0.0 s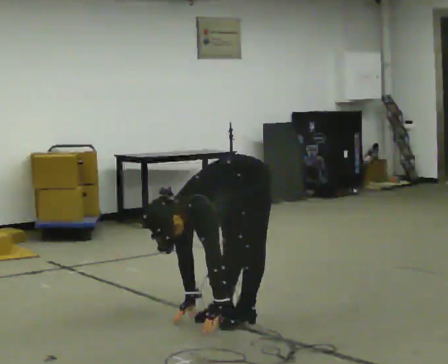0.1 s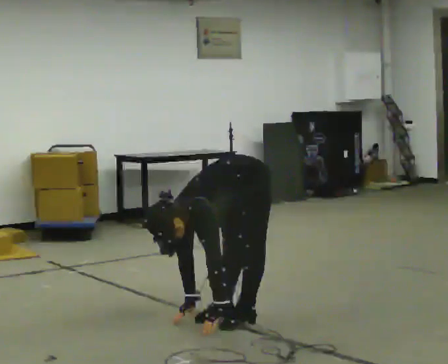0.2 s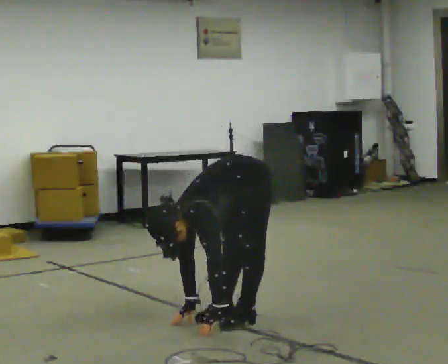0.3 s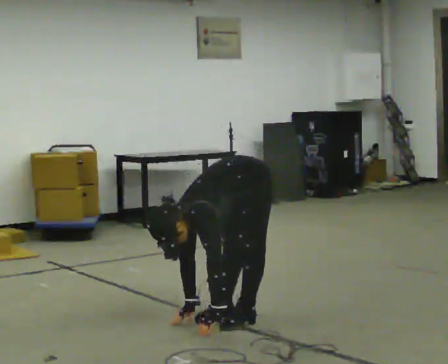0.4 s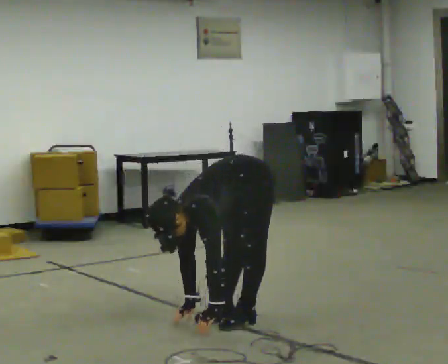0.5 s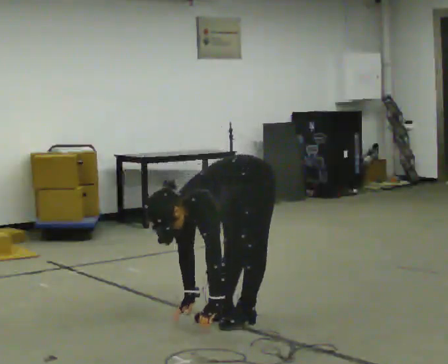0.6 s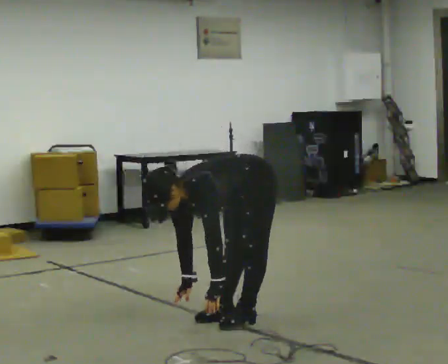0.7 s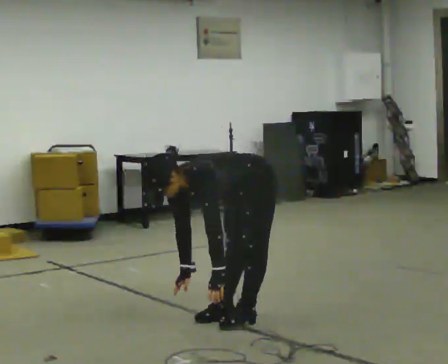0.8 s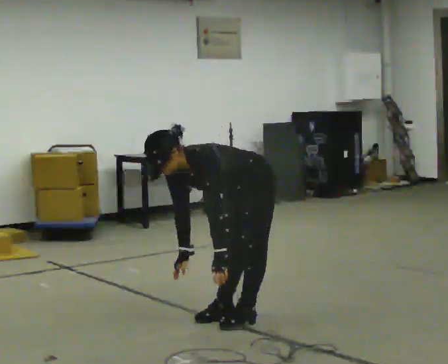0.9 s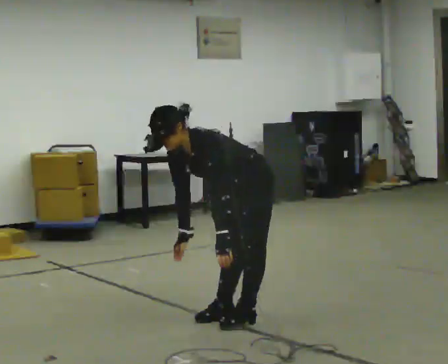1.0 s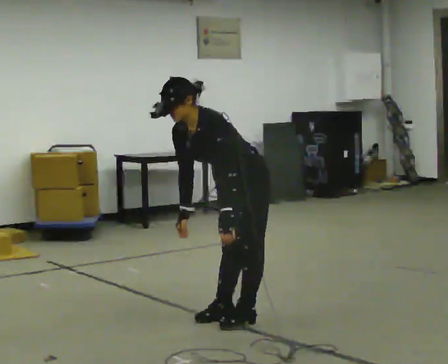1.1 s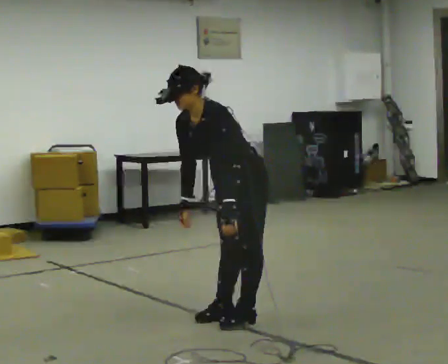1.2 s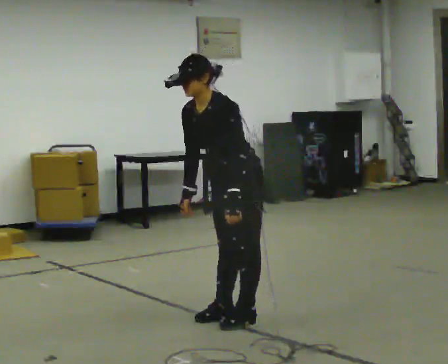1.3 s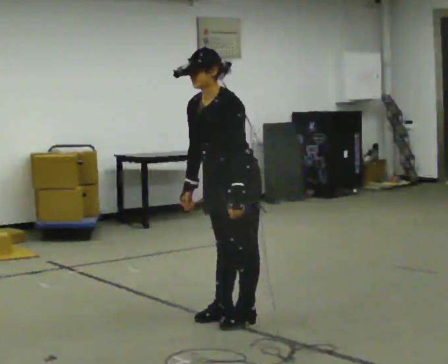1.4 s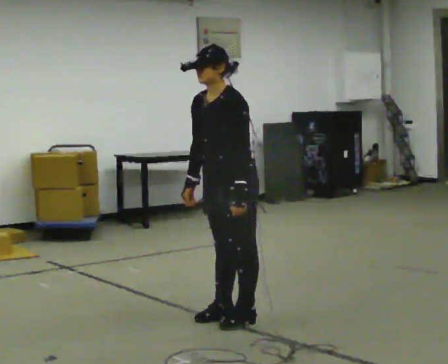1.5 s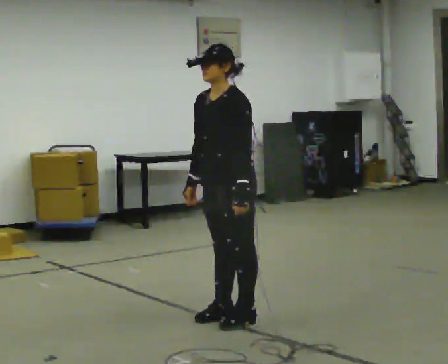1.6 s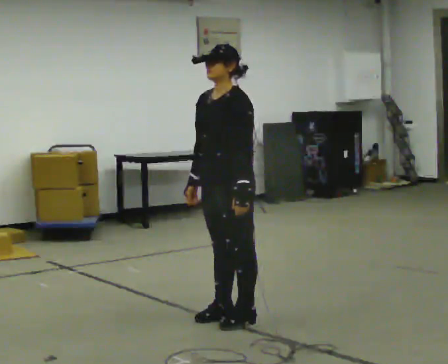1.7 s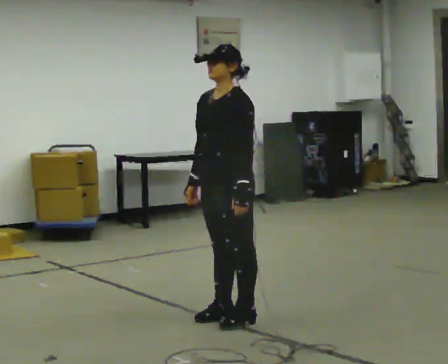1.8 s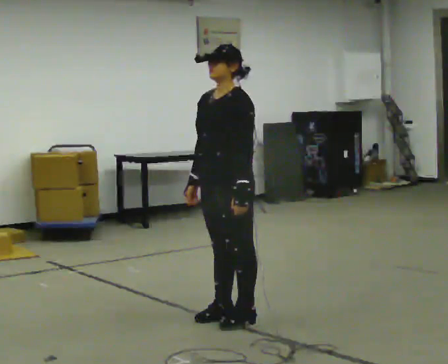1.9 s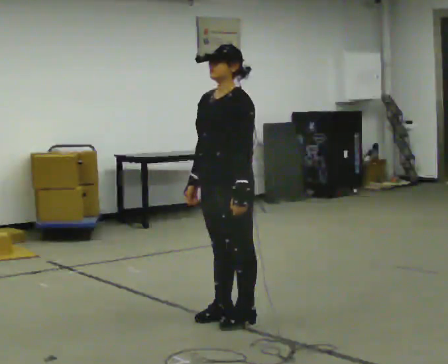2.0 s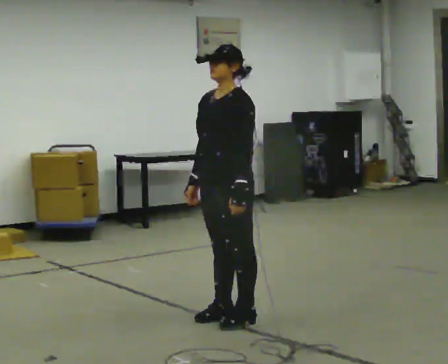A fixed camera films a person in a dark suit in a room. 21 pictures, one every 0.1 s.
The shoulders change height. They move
upward.
Their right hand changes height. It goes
upward.
0.0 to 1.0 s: The shoulders move upward. In the picture the upper body tilts clockwise, shoulders to the right, as they lean back or straighten. In the picture their left hand goes upward.
1.0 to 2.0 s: The shoulders move upward. In the picture the upper body tilts clockwise, shoulders to the right, as they lean back or straighten.
The film runs backward here.
